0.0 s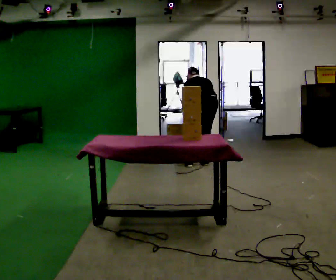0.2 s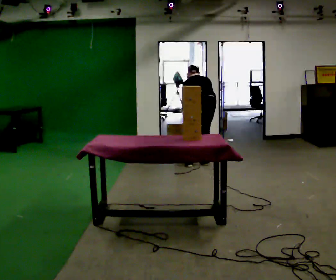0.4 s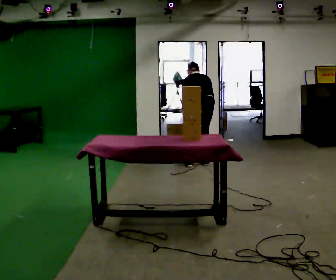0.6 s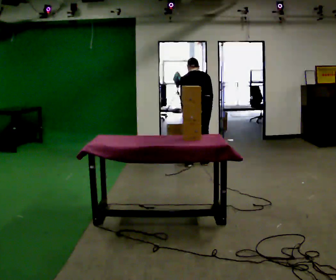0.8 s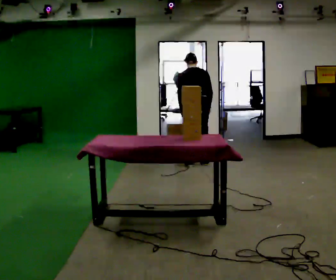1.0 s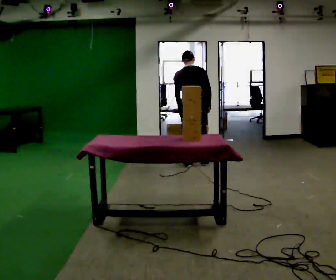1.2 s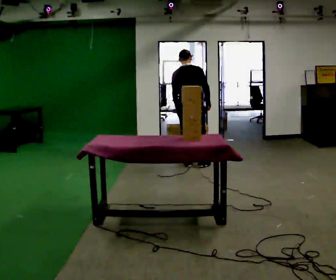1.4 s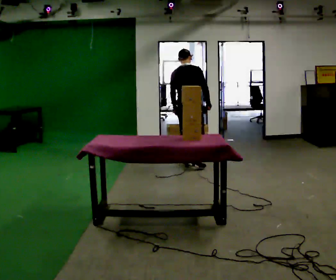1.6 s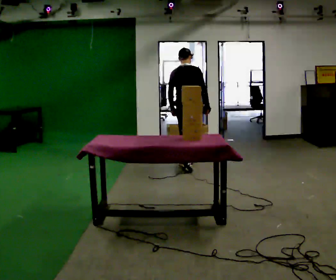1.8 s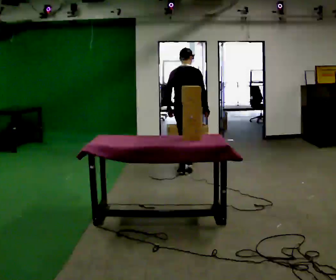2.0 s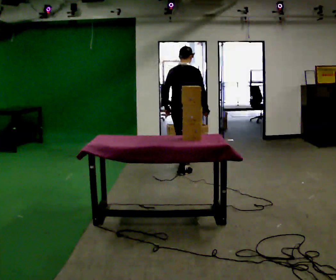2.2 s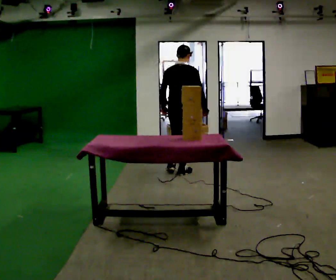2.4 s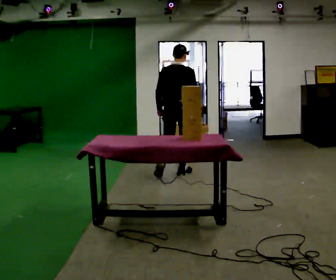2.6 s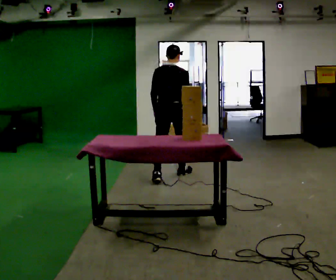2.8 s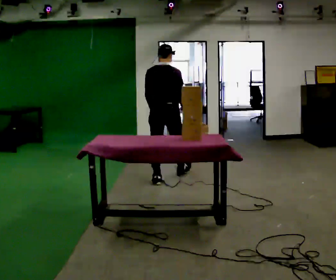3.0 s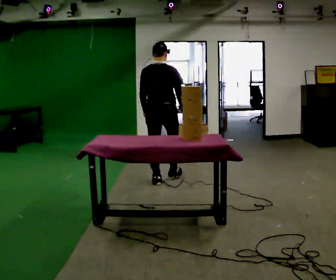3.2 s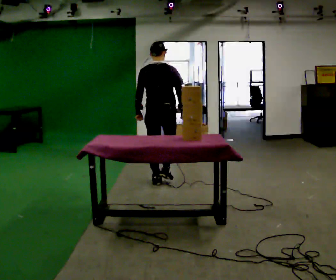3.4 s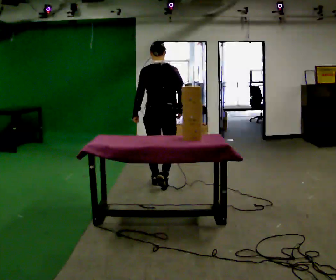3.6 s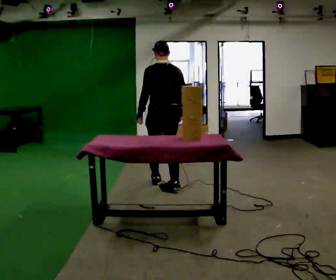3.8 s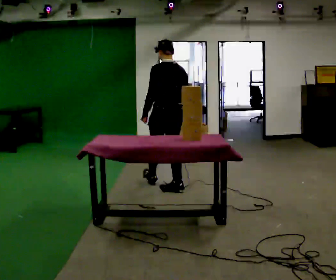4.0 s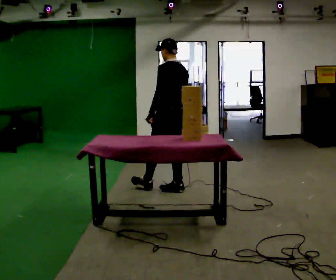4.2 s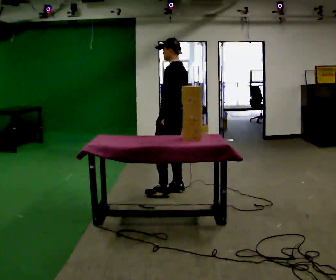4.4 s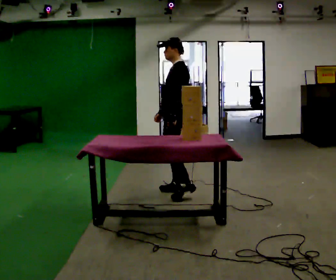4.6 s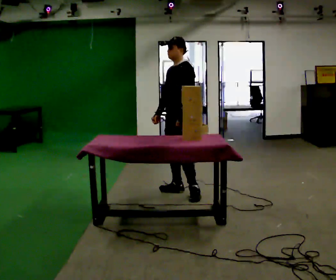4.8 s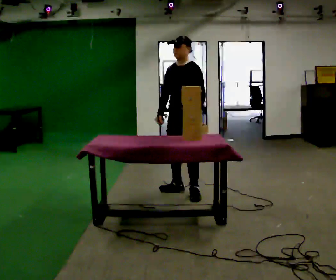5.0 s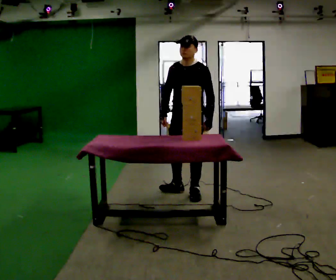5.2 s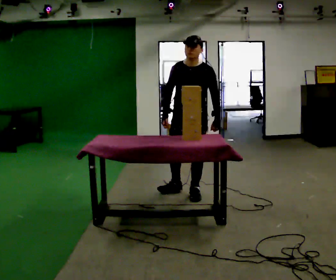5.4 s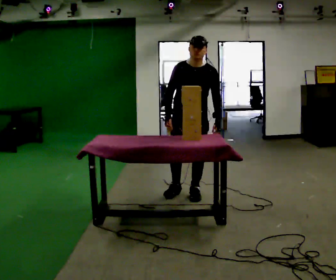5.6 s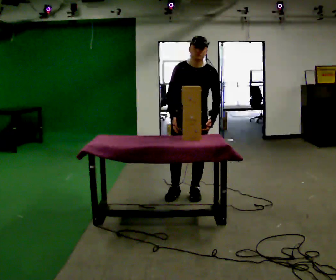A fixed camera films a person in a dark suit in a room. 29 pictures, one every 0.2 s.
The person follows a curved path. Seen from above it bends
counterclockwise.
The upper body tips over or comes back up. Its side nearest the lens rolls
downward.
0.0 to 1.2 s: Seen from above the body turns clockwise, about 30 degrees: to their right, with its near side sliding to the left. In the picture they go to the left, about 0.25 m in 1 step, which for them is to their left. The upper body goes upward. The upper body tips toward the camera, its near side rolling downward, as they lean back or straighten.
1.2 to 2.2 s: In the picture they go toward the camera, about 0.5 m in 1 step, which for them is backward.
2.2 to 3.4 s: The part of the body nearest the lens slides to the right as the person turns to their left by about 30 degrees. In the picture they go toward the camera and to the left, about 0.5 m in 1 step, which for them is backward.
3.4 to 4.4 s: The person turns about 90 degrees to their left, counterclockwise seen from above, so the part of the body nearest the lens slides to the right. In the picture they go toward the camera and to the right, about 0.25 m in 1 step.
4.4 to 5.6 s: The person turns about 75 degrees to their left, counterclockwise seen from above, so the part of the body nearest the lens slides to the right. The upper body tips toward the camera, its near side rolling downward, as they bend forward.
The film runs backward here.
